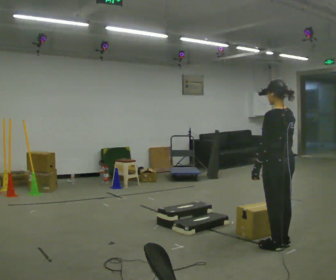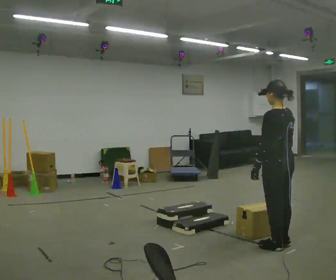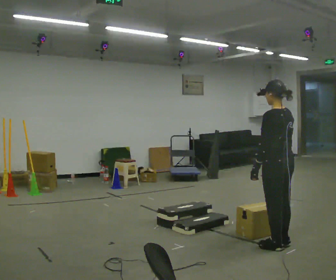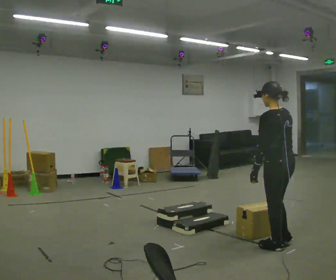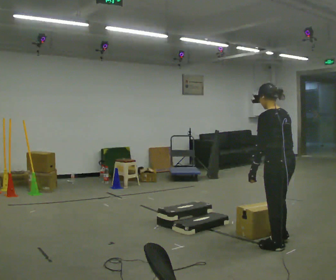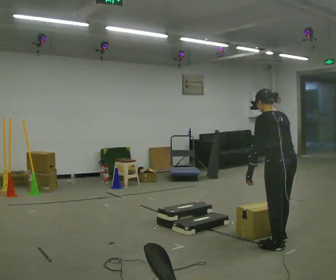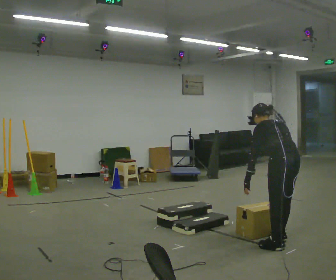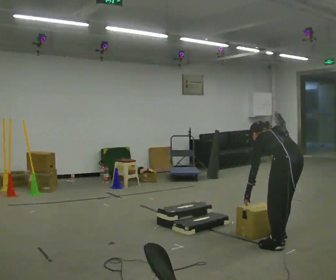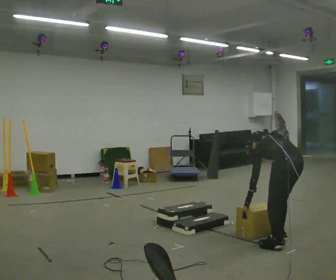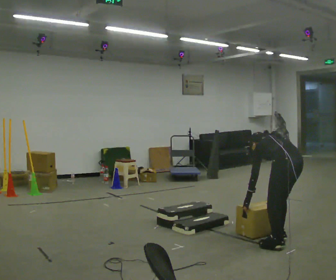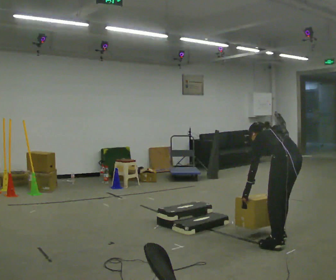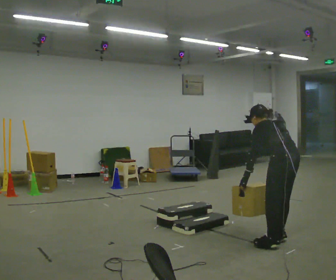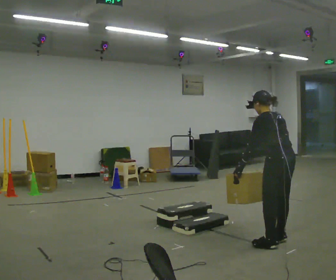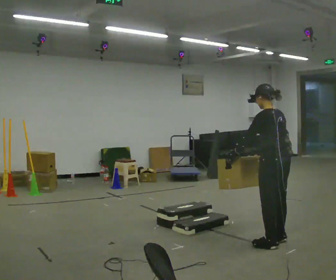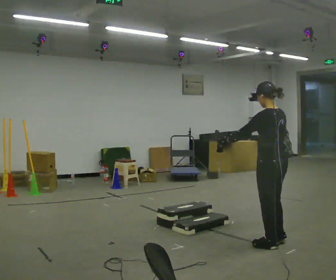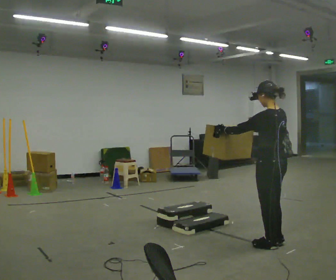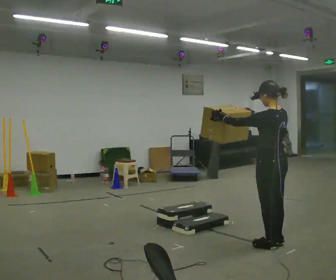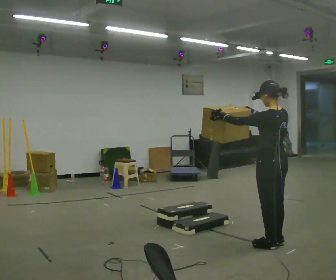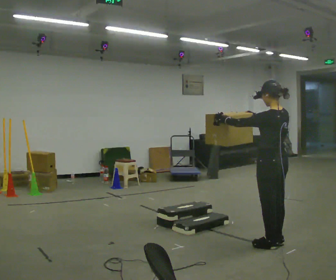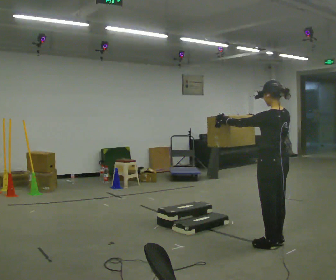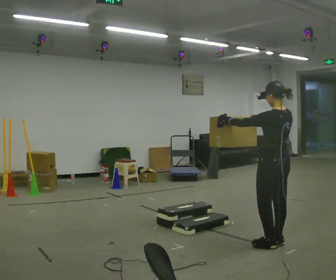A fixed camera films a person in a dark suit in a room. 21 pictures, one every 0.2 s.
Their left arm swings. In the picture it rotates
clockwise.
0.0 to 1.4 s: The upper body goes downward. The upper body tips away from the camera, its near side rolling upward, as they bend forward.
1.4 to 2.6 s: The upper body tips toward the camera, its near side rolling downward, as they lean back or straighten. In the picture their right hand goes upward.
2.6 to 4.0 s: In the picture their right hand goes upward.
The film runs forward here.
